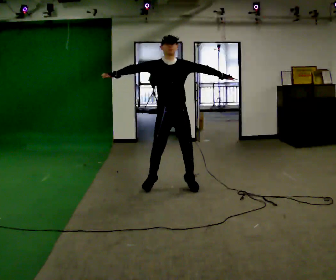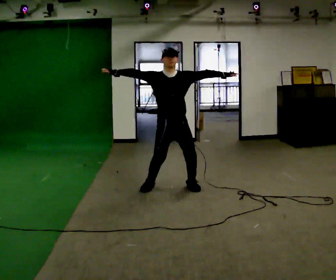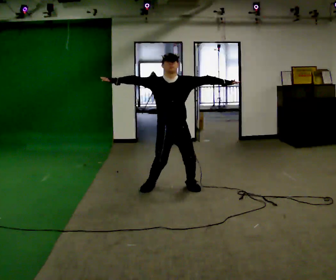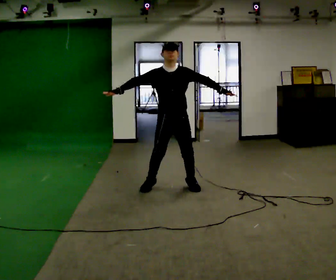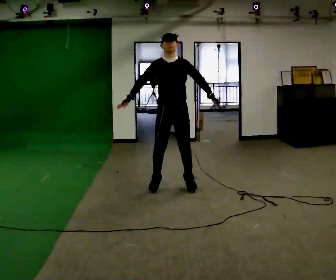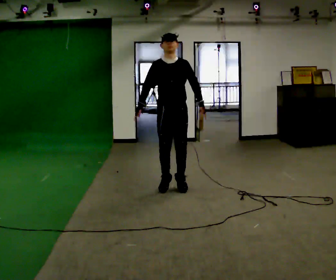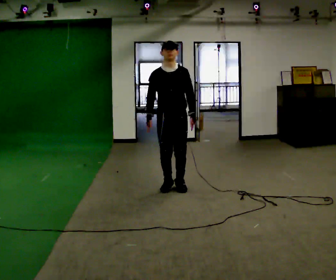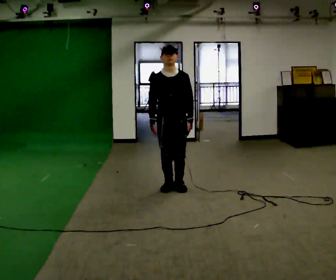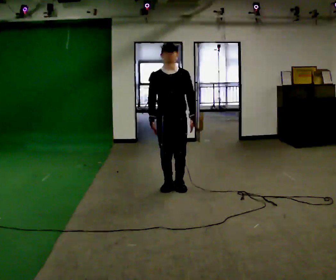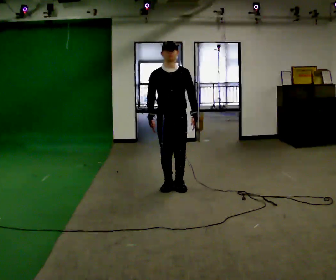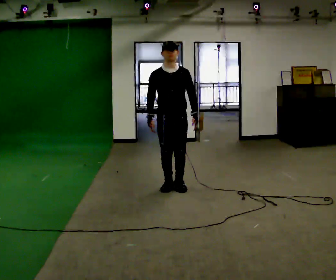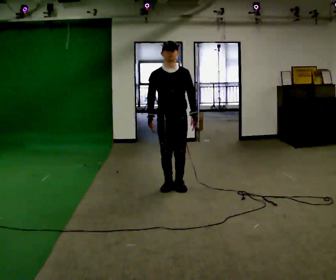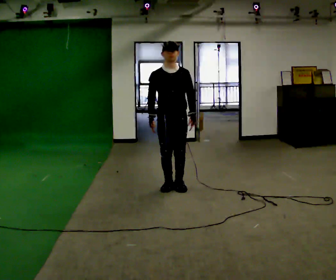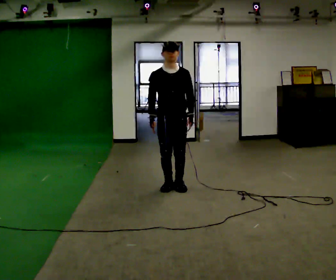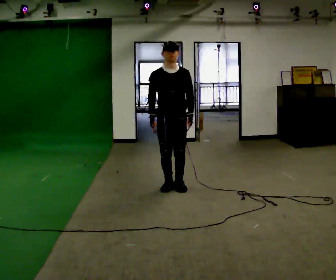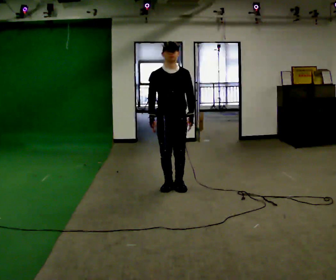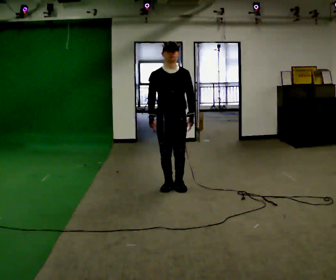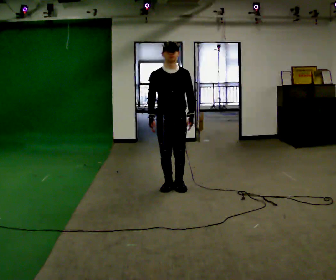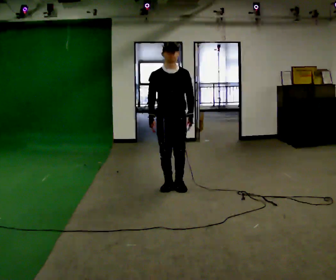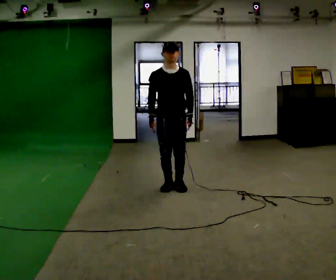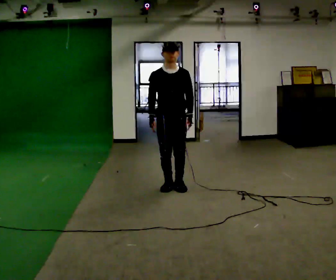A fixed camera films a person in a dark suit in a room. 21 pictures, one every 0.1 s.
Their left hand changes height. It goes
downward.
Their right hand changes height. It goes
downward.
0.0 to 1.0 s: In the picture their right hand goes downward and to the right, the arm swinging counterclockwise.
1.0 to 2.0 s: The person moves a little, or ends about where they began.
The film runs forward here.
